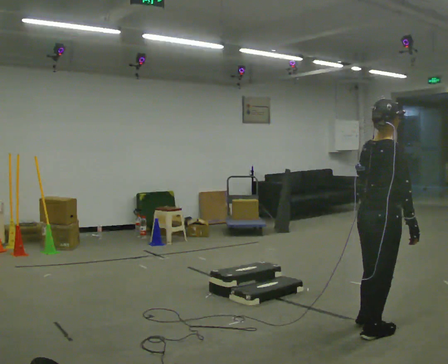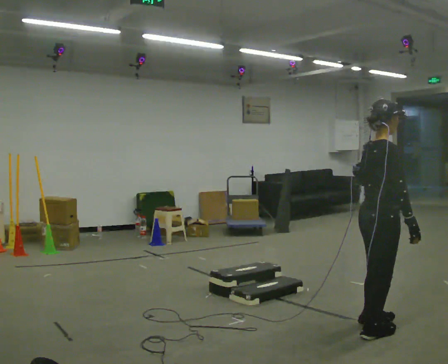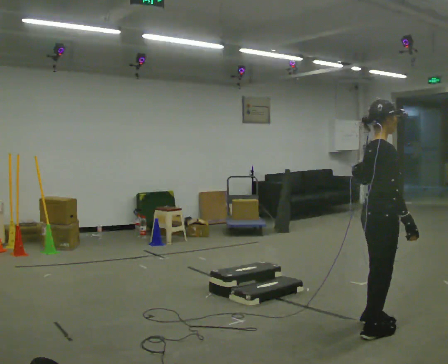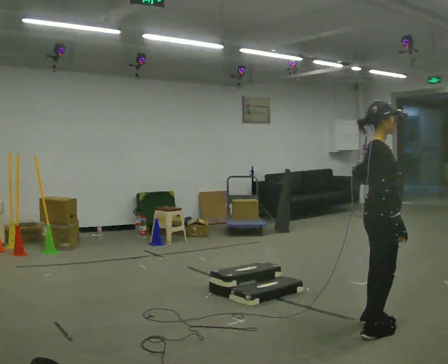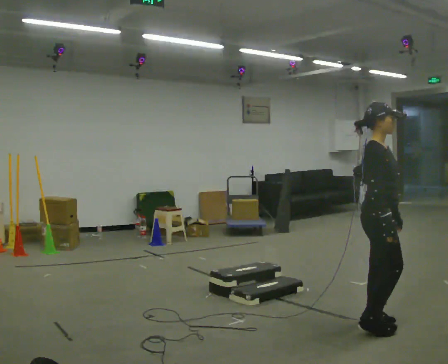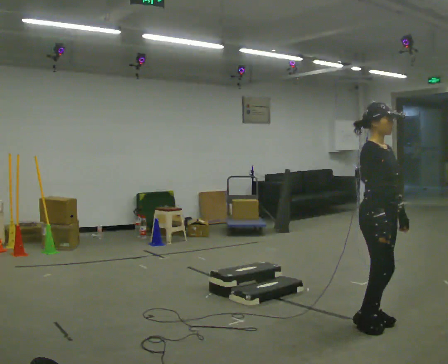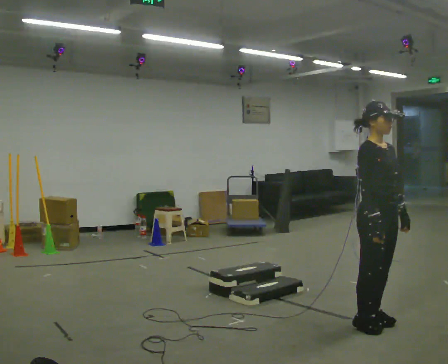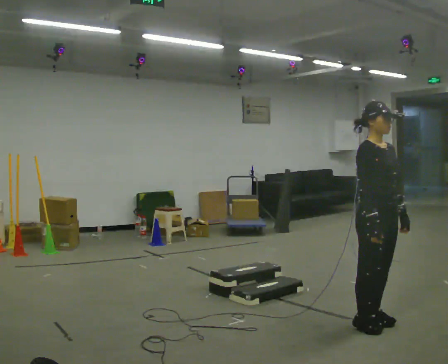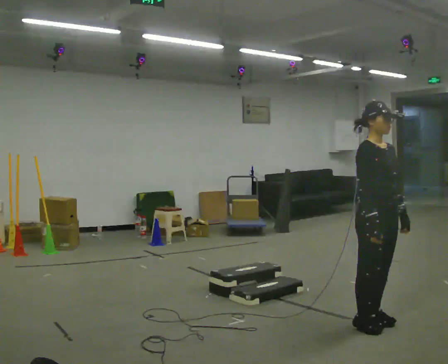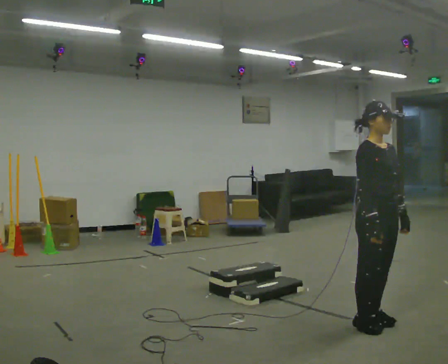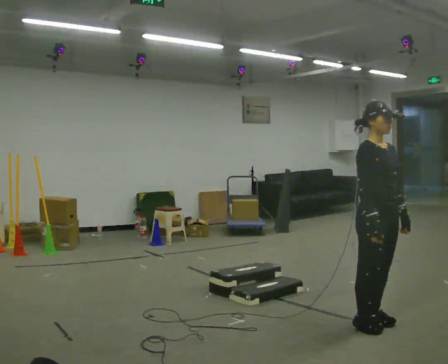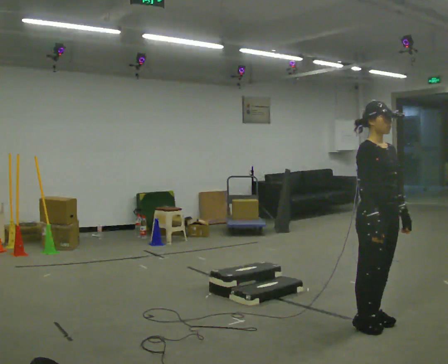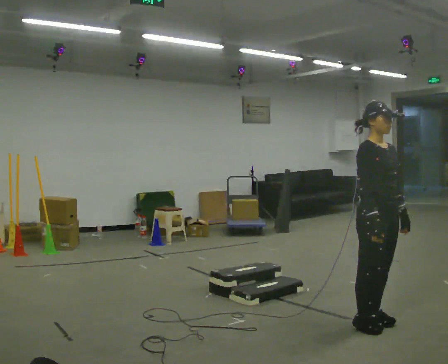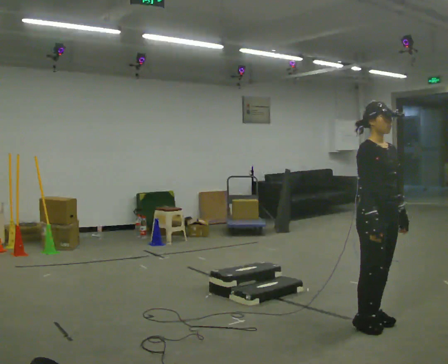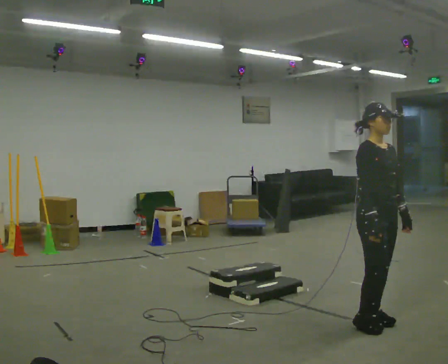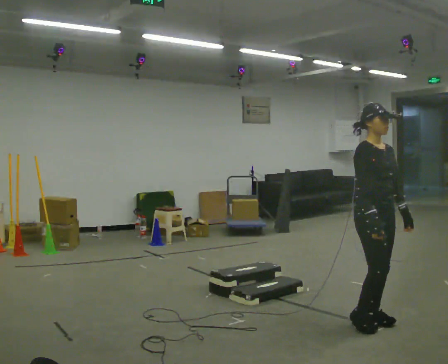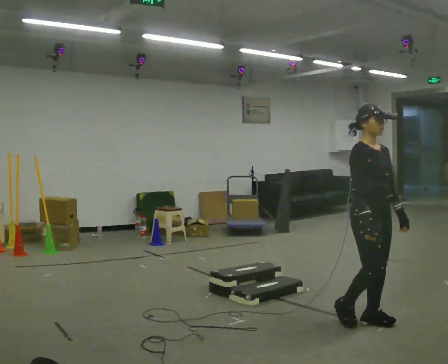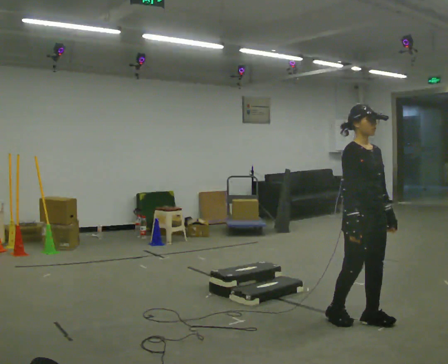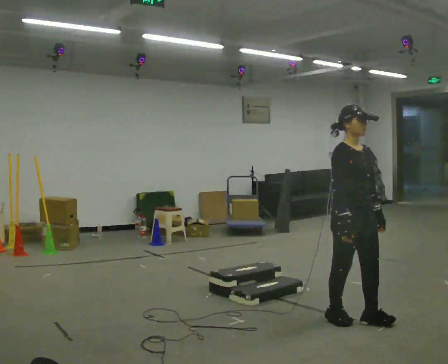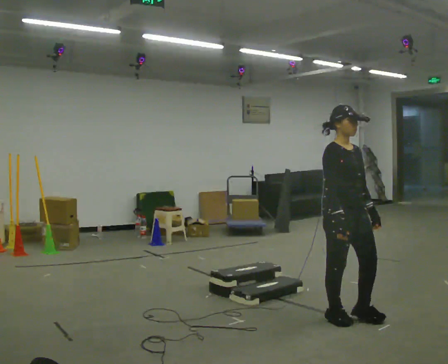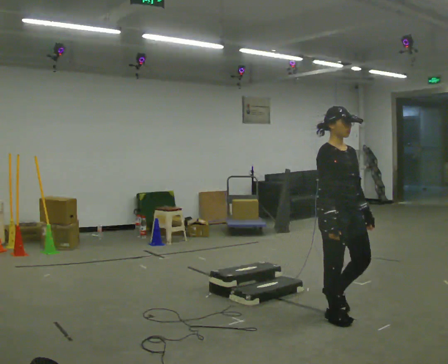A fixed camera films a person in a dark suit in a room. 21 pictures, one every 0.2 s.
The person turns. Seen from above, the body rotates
clockwise.
The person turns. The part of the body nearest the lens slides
to the left.
0.0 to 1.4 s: The person turns about 75 degrees to their right, clockwise seen from above, so the part of the body nearest the lens slides to the left. In the picture they go away from the camera, about 0.25 m in 1 step.
1.4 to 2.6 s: The person moves a little, or ends about where they began.
2.6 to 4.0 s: In the picture they go to the left, about 0.25 m in 2 steps, which for them is backward.
The film runs backward here.
